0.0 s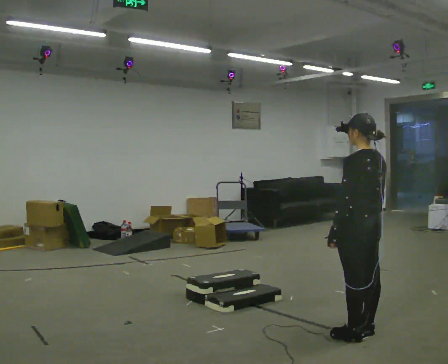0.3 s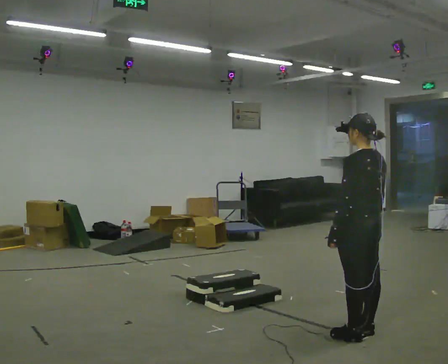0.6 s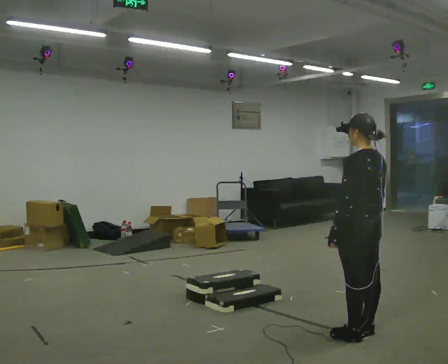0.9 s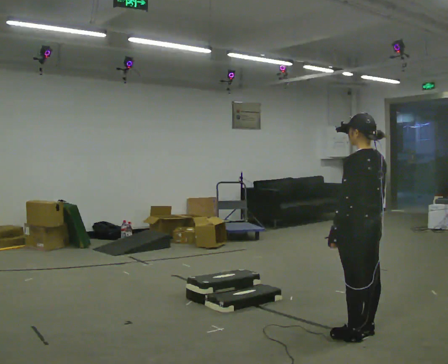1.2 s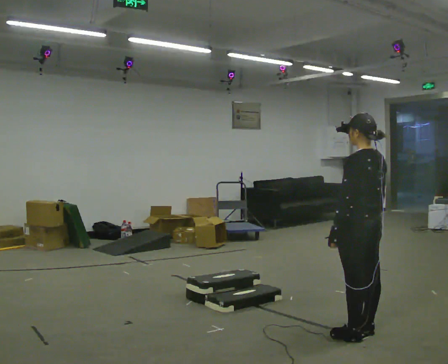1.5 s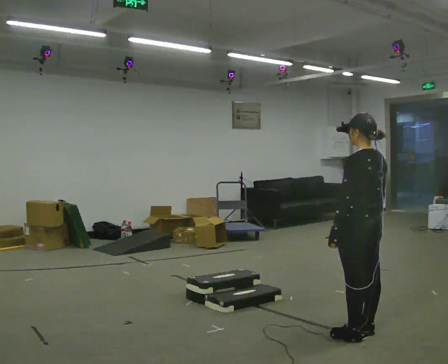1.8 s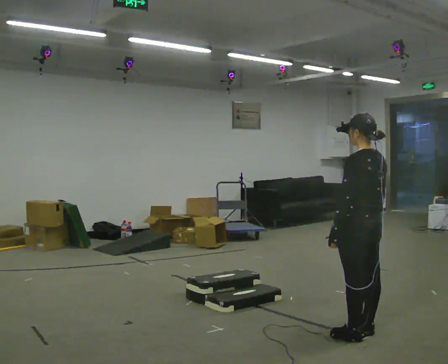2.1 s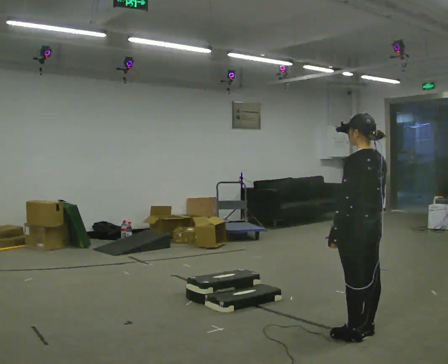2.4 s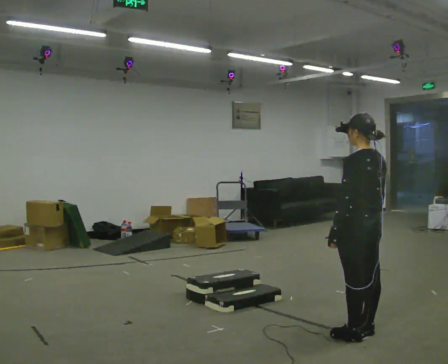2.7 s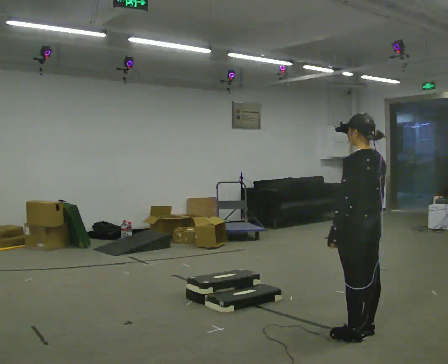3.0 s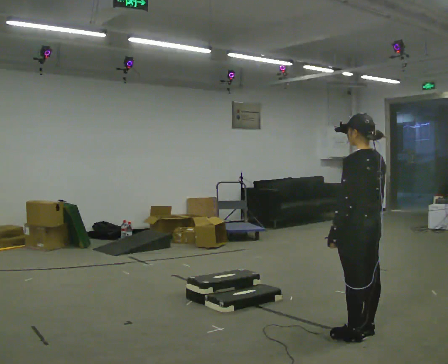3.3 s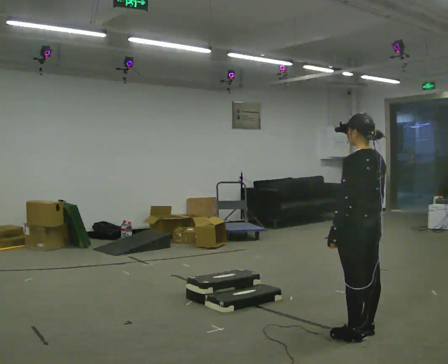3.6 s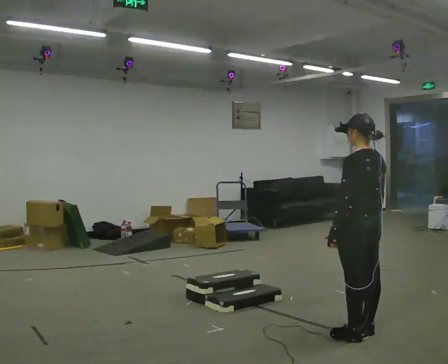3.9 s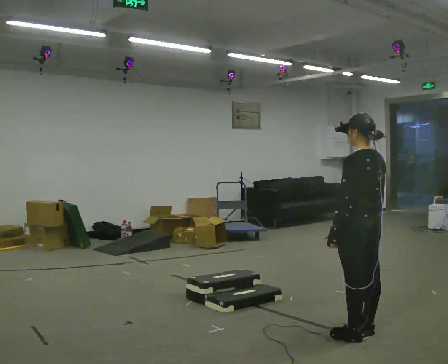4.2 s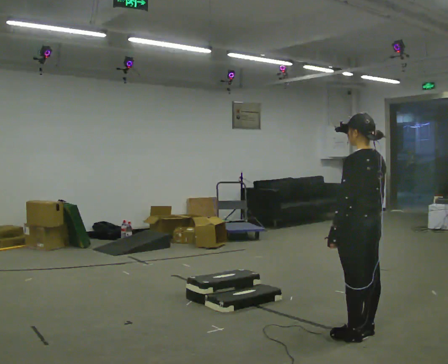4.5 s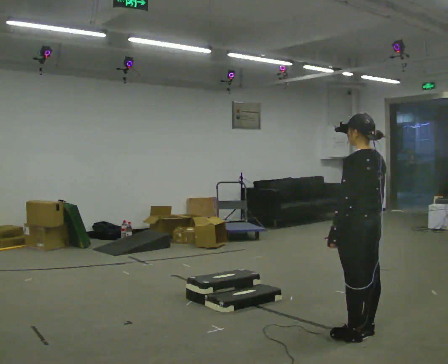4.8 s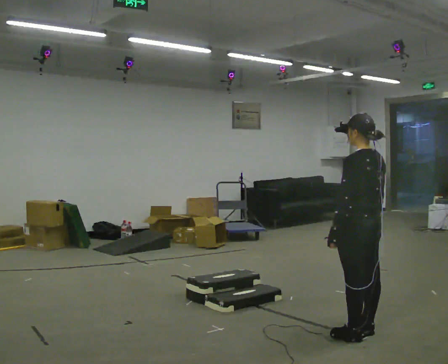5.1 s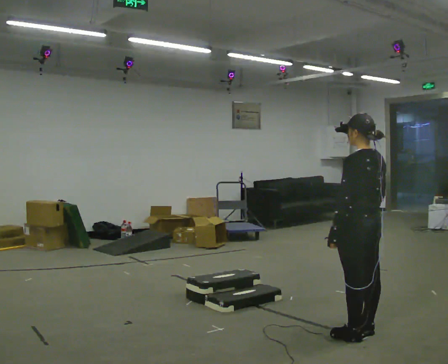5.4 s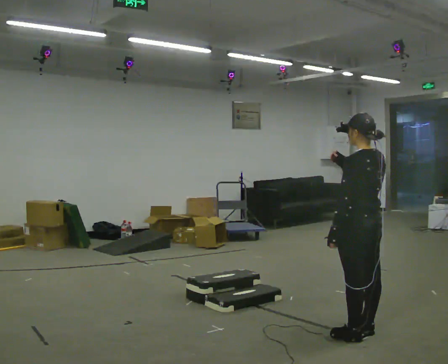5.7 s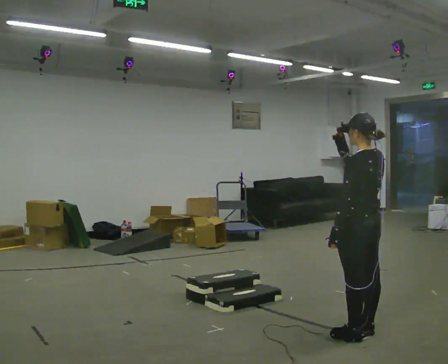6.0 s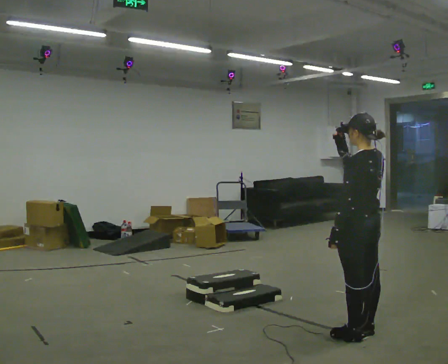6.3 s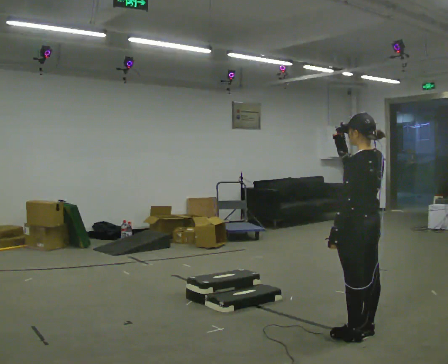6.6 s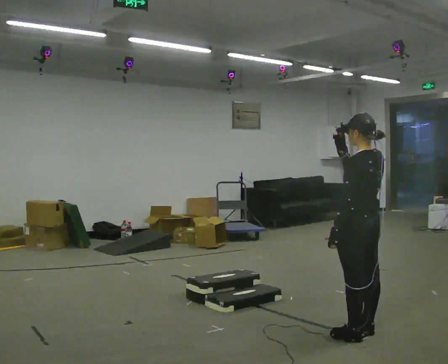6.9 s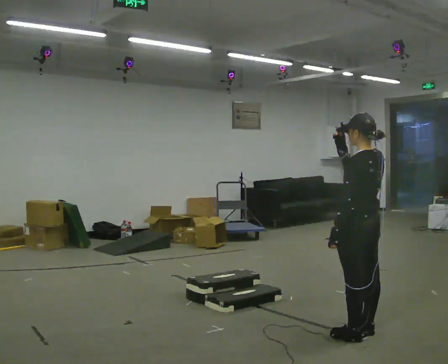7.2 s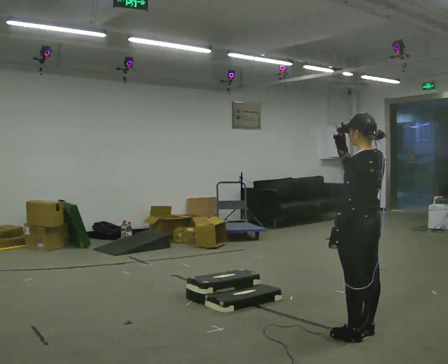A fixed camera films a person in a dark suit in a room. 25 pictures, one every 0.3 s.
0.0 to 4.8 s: The person keeps their place and pose.
4.8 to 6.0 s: In the picture their right hand goes upward.
6.0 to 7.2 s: The person keeps their place and pose.
The film runs forward here.
